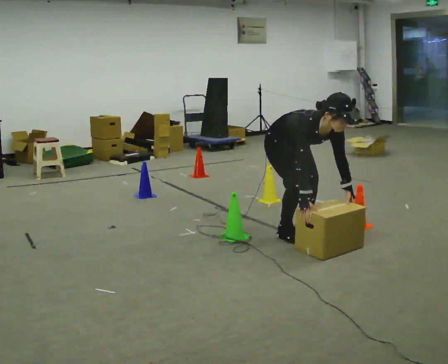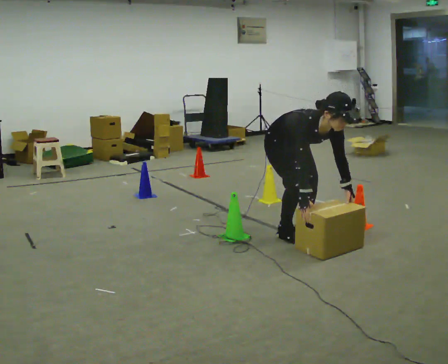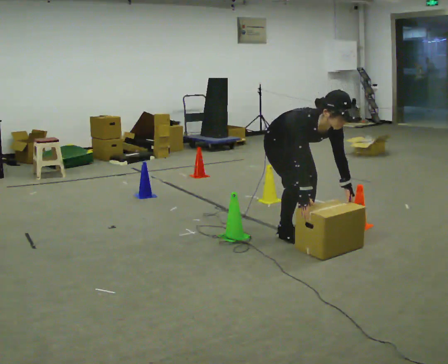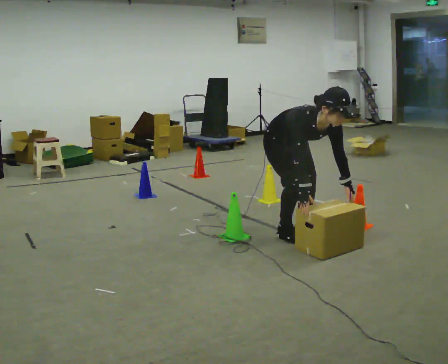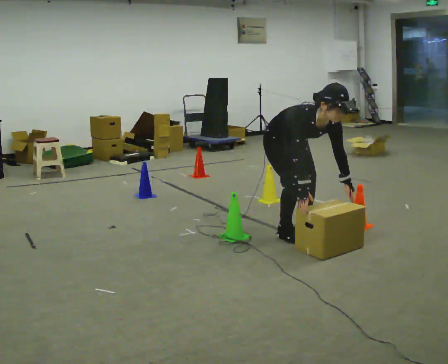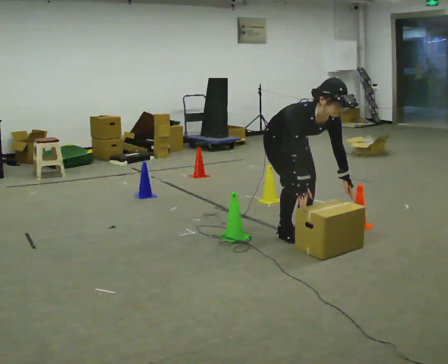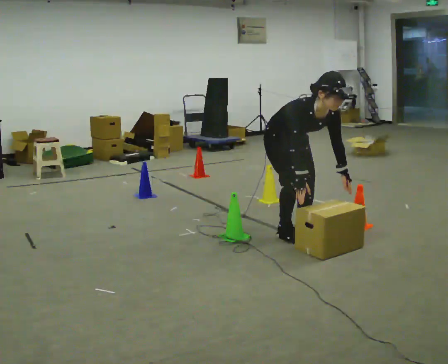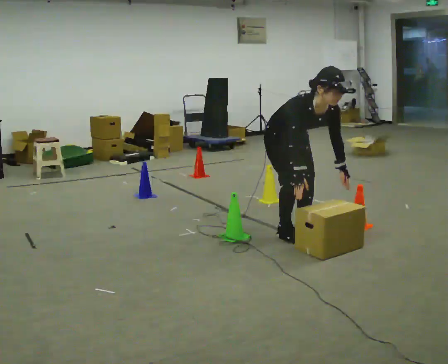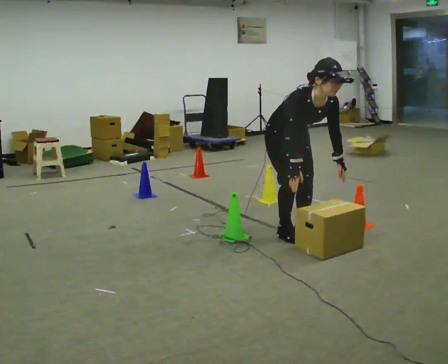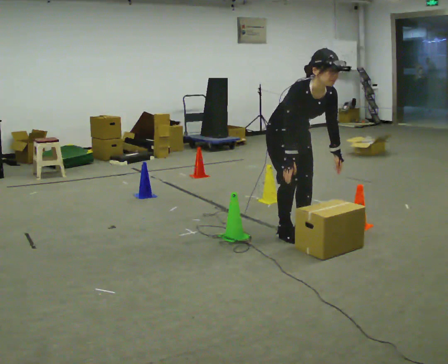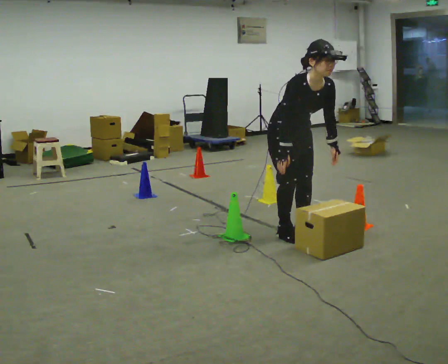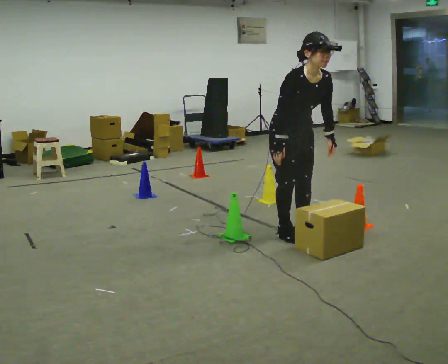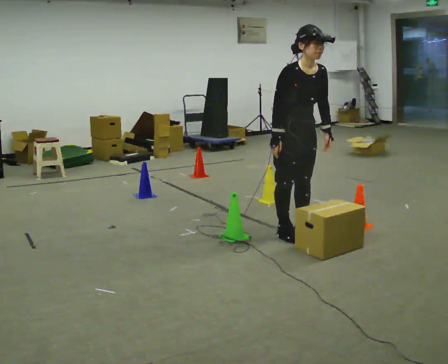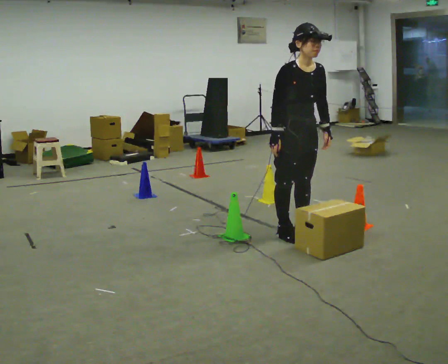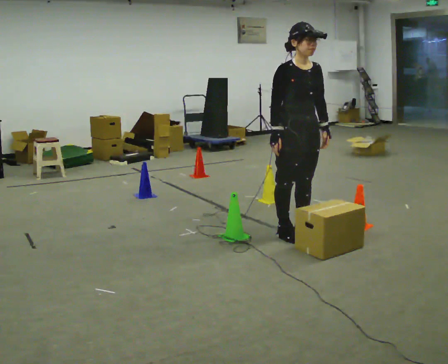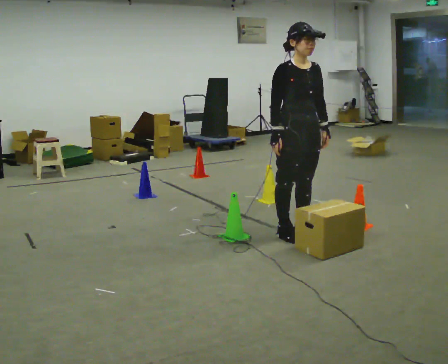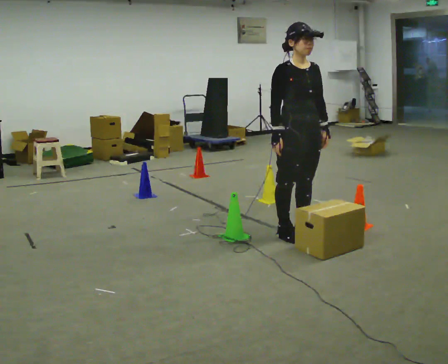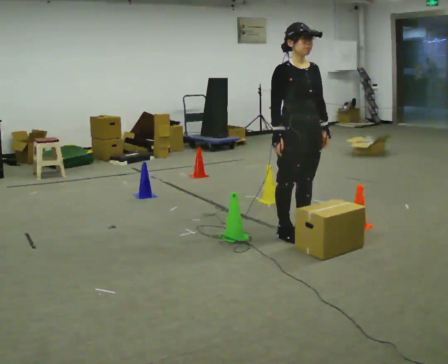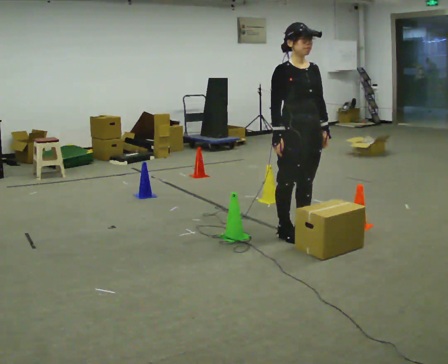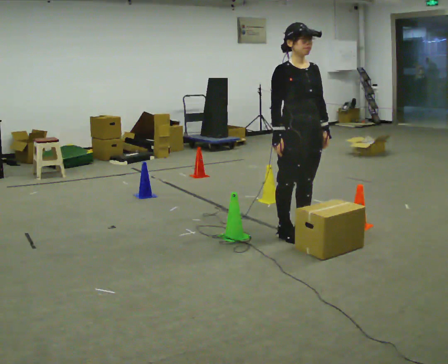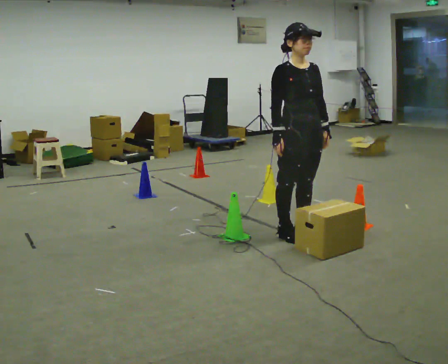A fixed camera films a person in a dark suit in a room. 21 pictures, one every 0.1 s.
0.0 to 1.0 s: The upper body goes upward. In the picture the upper body tilts counterclockwise, shoulders to the left, as they lean back or straighten. In the picture their right hand goes upward.
1.0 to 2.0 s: The upper body tips away from the camera, its near side rolling upward, as they lean back or straighten.
The film runs backward here.
